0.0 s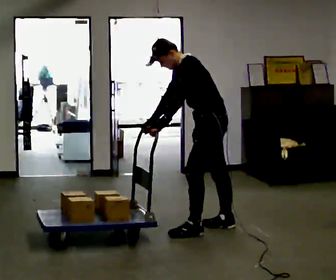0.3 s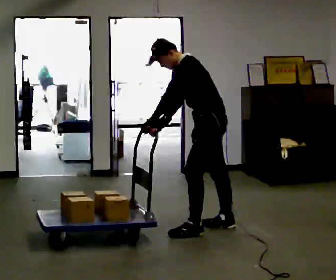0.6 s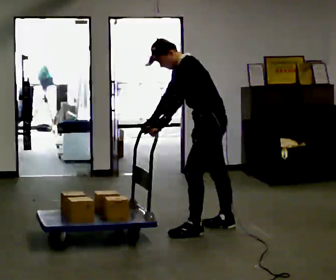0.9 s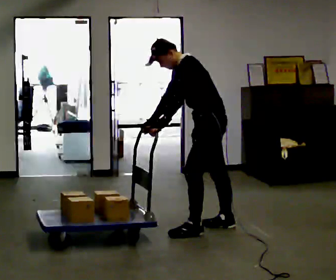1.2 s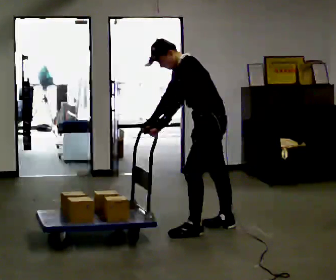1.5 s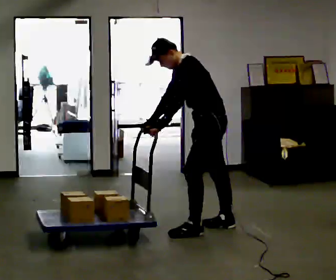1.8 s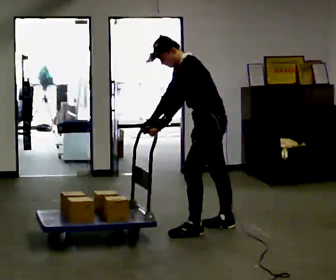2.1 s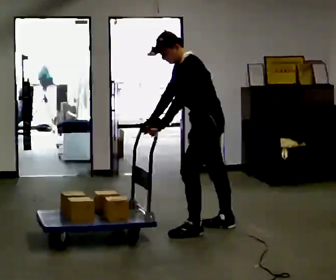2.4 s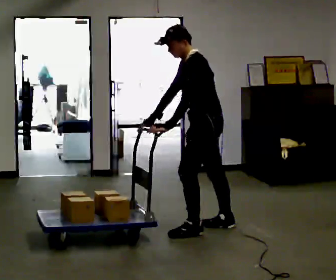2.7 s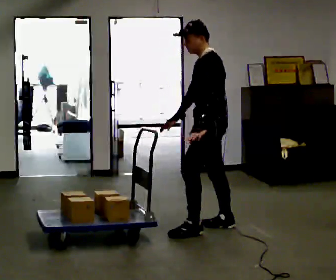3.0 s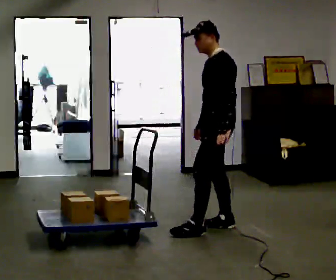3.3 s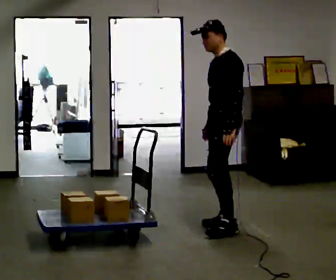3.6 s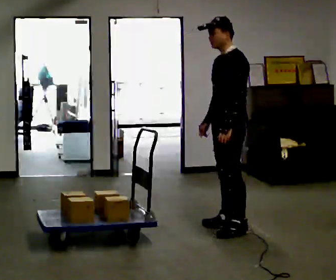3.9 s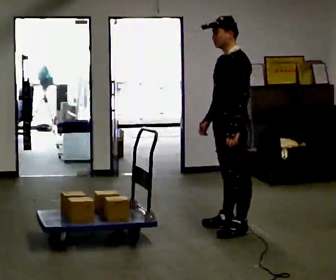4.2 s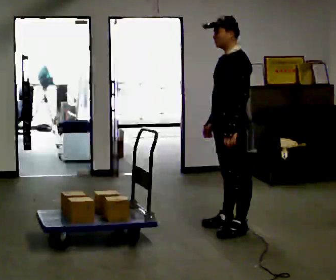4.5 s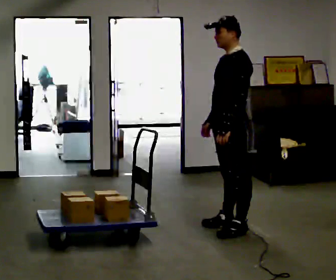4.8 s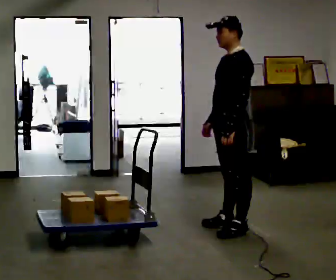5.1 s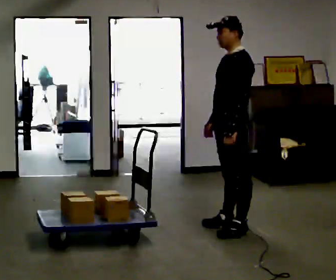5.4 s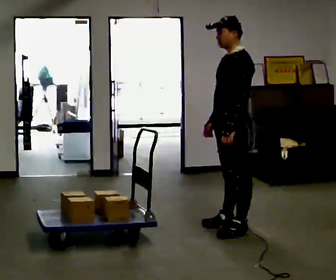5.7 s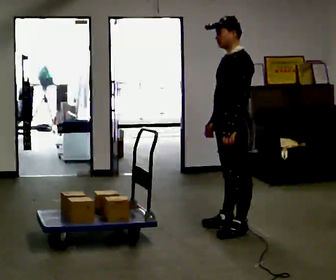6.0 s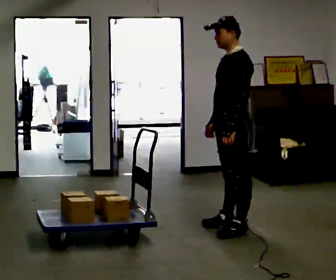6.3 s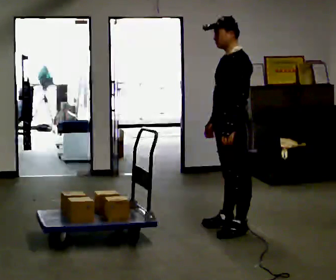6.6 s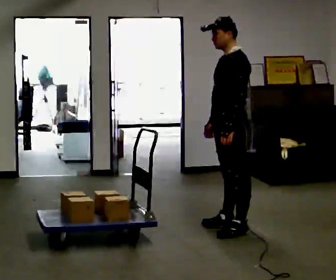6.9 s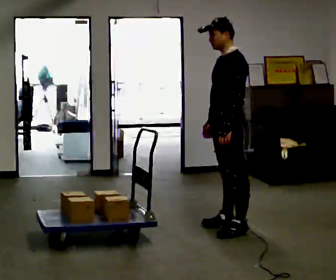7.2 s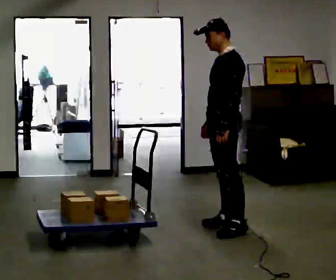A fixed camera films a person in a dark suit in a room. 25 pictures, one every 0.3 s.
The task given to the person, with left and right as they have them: Put your hands on the loaded pallet at the height the operator calls and push it as hard as is comfortable for a few seconds, then relax. Repeat at each height.
0.0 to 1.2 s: The person keeps their place and pose.
1.2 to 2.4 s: The person moves a little, or ends about where they began.
2.4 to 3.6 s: In the picture they go to the right, about 0.25 m in 1 step, which for them is backward. In the picture the upper body tilts clockwise, shoulders to the right, as they lean back or straighten. In the picture their right hand goes to the right.
3.6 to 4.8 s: The person moves a little, or ends about where they began.
4.8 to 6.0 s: The person keeps their place and pose.
6.0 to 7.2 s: The person moves a little, or ends about where they began.
The film runs forward here.
